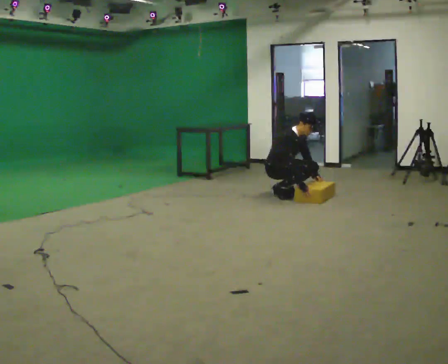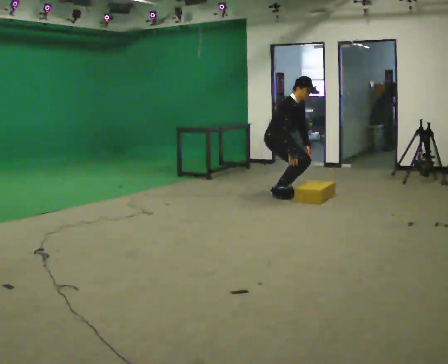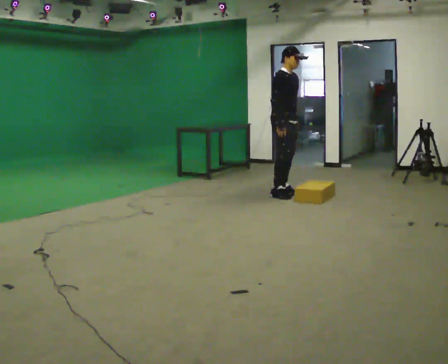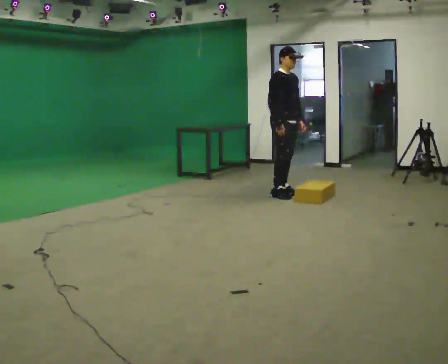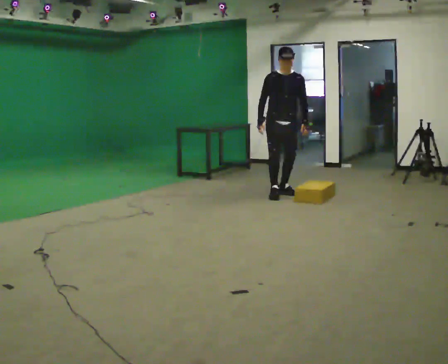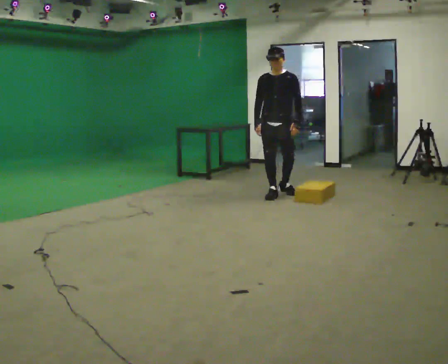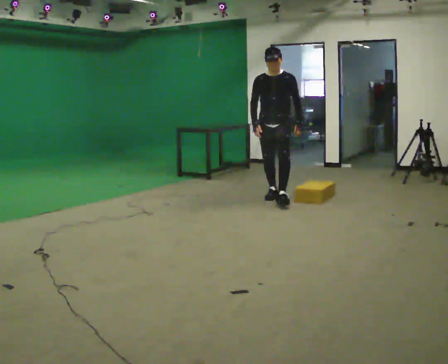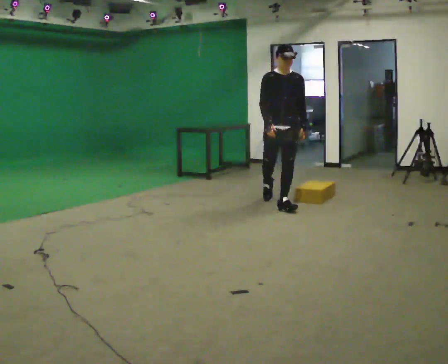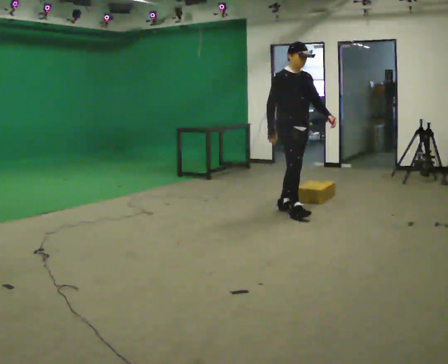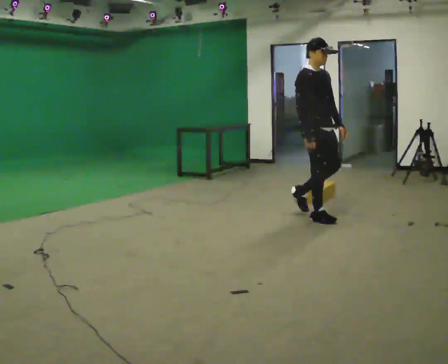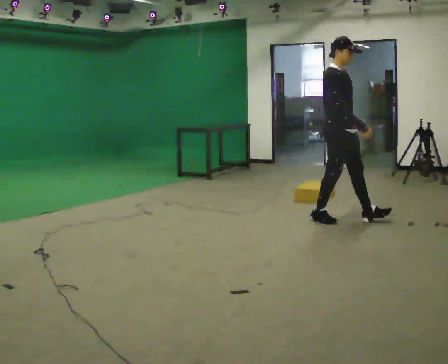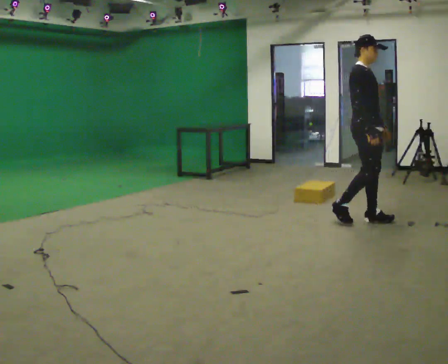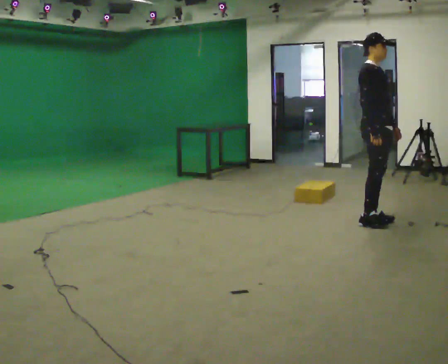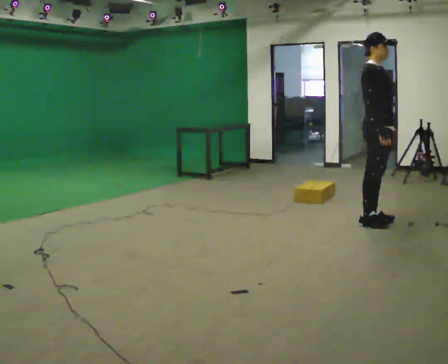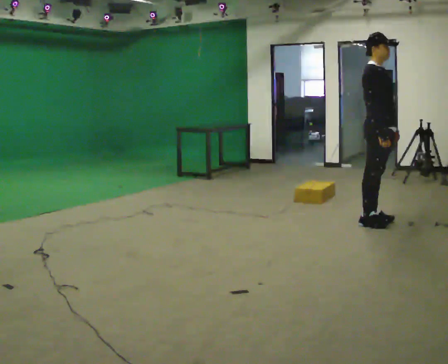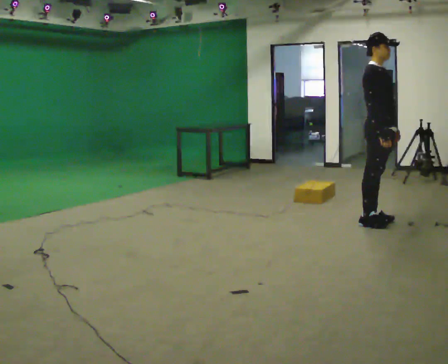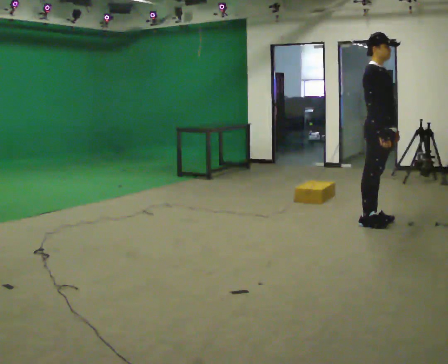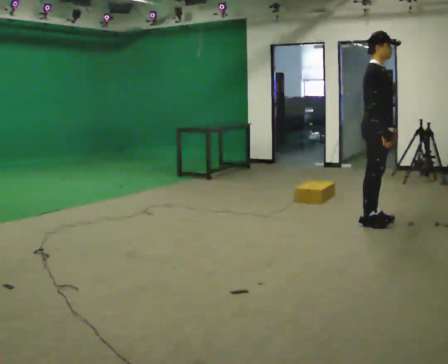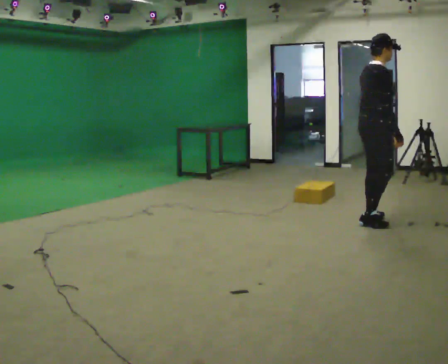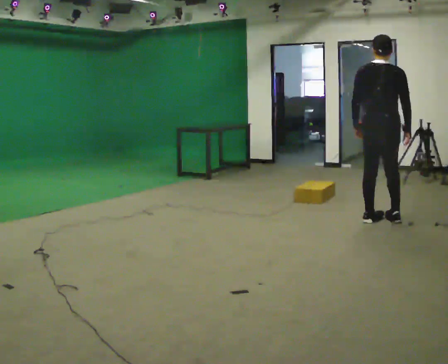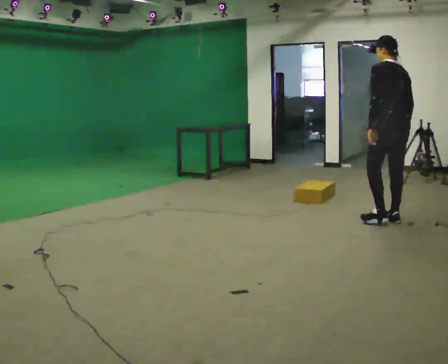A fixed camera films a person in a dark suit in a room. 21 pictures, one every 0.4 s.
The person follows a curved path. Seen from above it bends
counterclockwise.
0.0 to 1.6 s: The part of the body nearest the lens slides to the left as the person turns to their right by about 45 degrees. The shoulders move upward. In the picture the upper body tilts counterclockwise, shoulders to the left, as they lean back or straighten. In the picture their right hand goes upward and to the left.
1.6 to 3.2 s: The person turns about 30 degrees to their left, counterclockwise seen from above, so the part of the body nearest the lens slides to the right. In the picture they go toward the camera, about 1 m in 1 step, which for them is forward.
3.2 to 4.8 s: Seen from above the body turns counterclockwise, about 30 degrees: to their left, with its near side sliding to the right. In the picture they go to the right and toward the camera, about 1 m in 3 steps, which for them is forward.
4.8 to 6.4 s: The person moves a little, or ends about where they began.
6.4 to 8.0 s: Seen from above the body turns counterclockwise, about 150 degrees: to their left, with its near side sliding to the right. In the picture they go to the right, about 0.25 m in 1 step.
The film runs forward here.
